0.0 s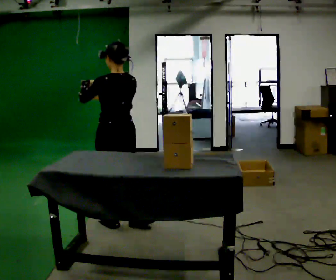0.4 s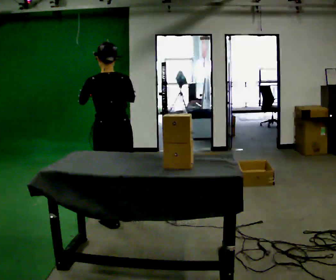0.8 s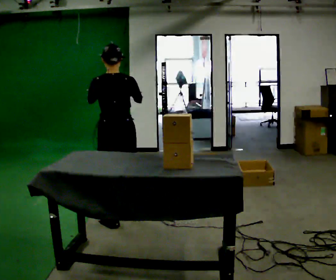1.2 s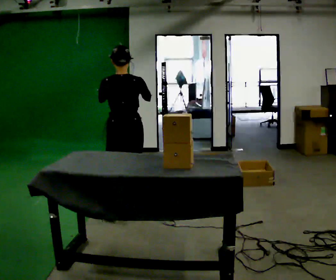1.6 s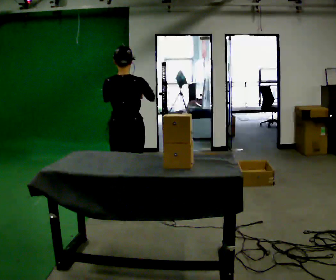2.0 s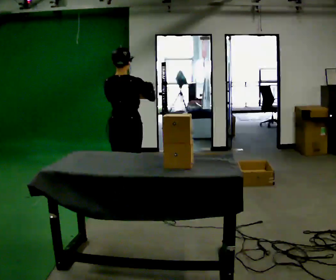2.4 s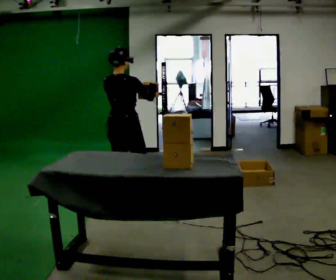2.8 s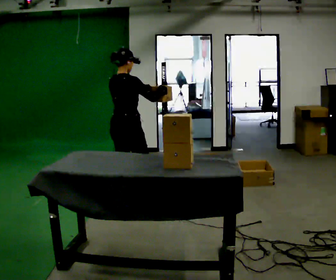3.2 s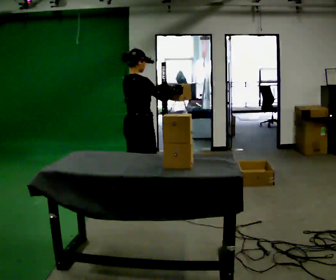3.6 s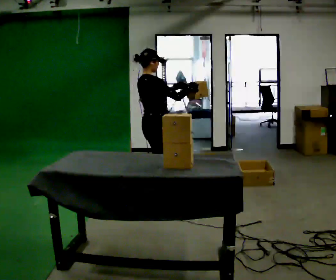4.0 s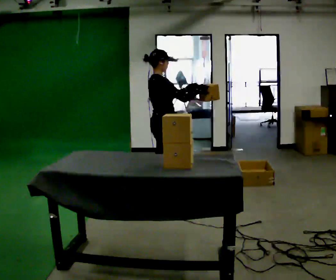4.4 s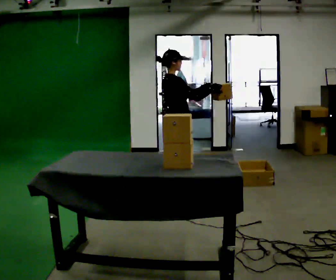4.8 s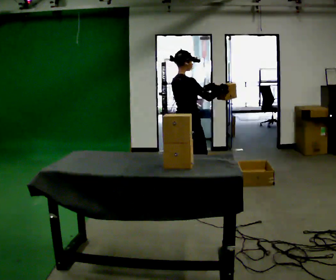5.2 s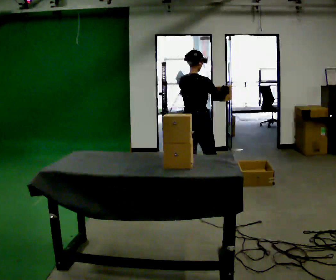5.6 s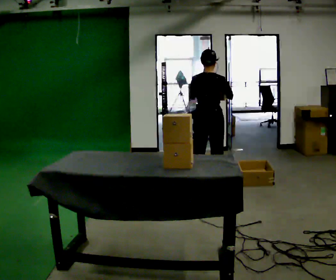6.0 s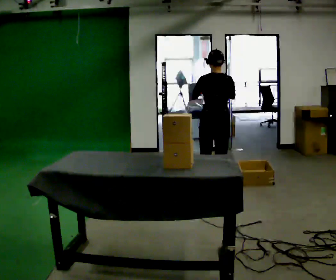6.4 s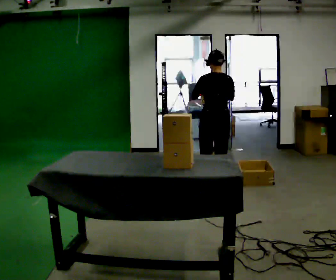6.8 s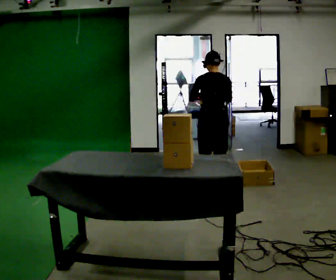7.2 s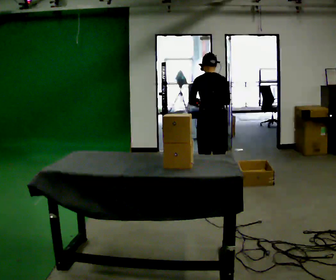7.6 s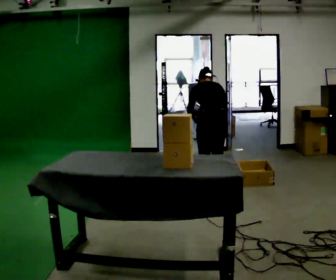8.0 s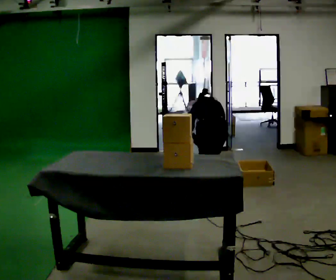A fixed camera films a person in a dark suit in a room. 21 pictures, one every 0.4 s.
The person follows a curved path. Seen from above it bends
clockwise.
Their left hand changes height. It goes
downward.
0.0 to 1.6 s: Seen from above the body turns clockwise, about 45 degrees: to their right, with its near side sliding to the left. In the picture they go away from the camera, about 0.25 m in 2 steps, which for them is forward.
1.6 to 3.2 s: The part of the body nearest the lens slides to the left as the person turns to their right by about 45 degrees. In the picture they go away from the camera, about 0.25 m in 1 step, which for them is forward.
3.2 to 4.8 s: In the picture they go to the right and away from the camera, about 0.5 m in 1 step, which for them is forward.
4.8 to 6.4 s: The person turns about 75 degrees to their left, counterclockwise seen from above, so the part of the body nearest the lens slides to the right. In the picture they go to the right, about 0.25 m in 2 steps.
6.4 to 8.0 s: The shoulders move downward. The upper body tips away from the camera, its near side rolling upward, as they bend forward. In the picture their right hand goes downward.
The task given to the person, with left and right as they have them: 1. Take the objects out of the box on the table one at a time. 2. Put each one in the bin the operator has labelled for it. 3. Tell the operator when you are finished.
The film runs forward here.
